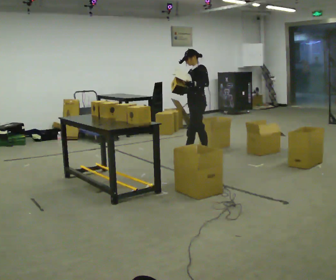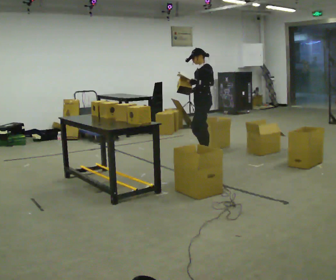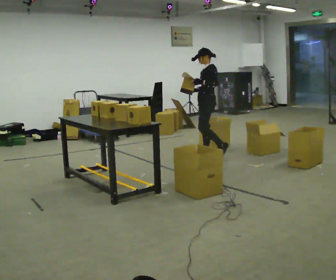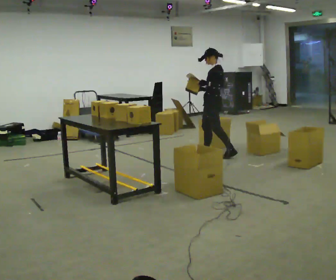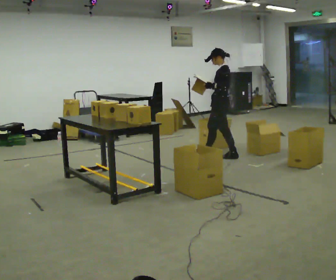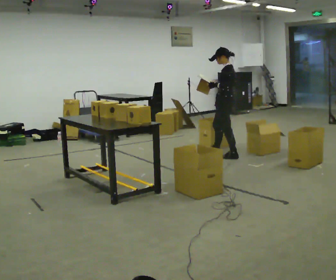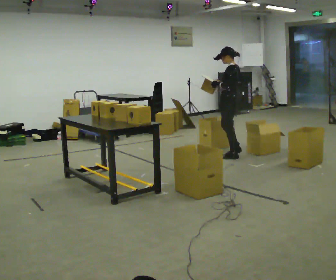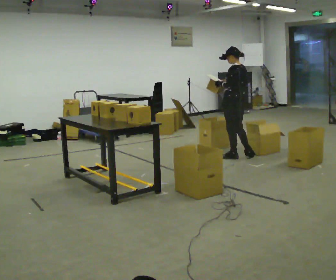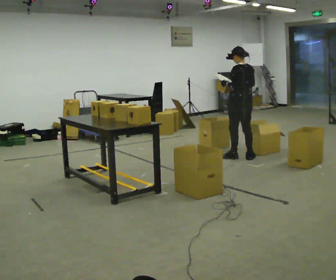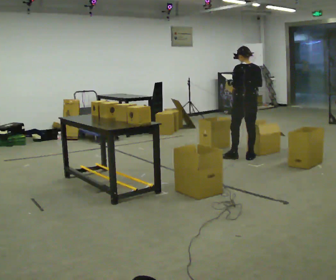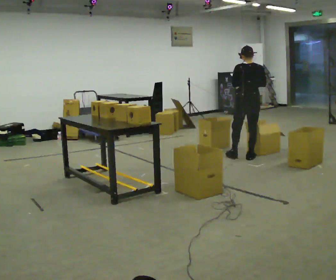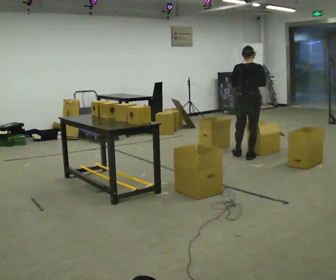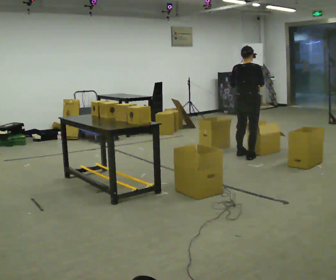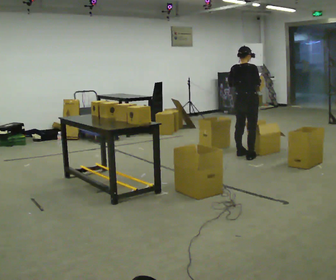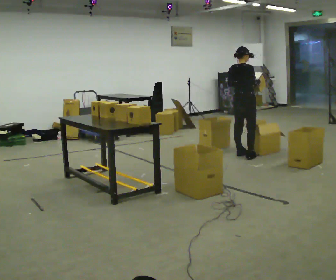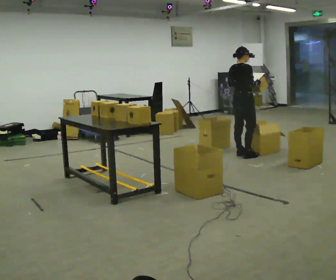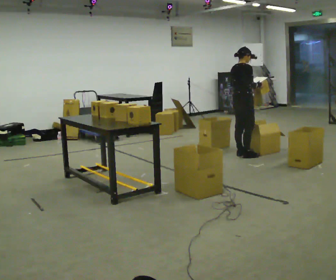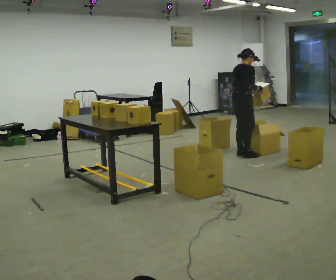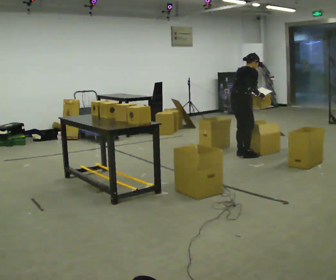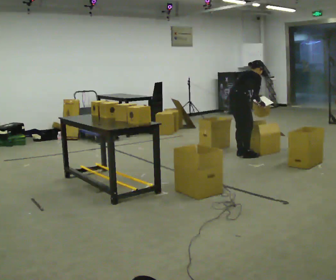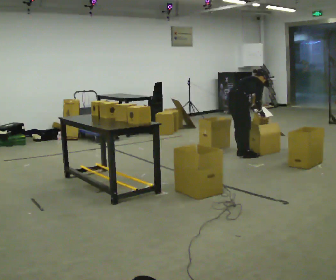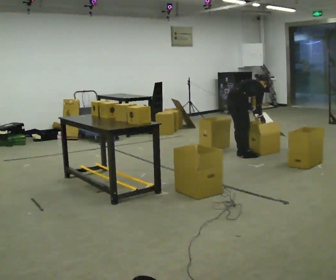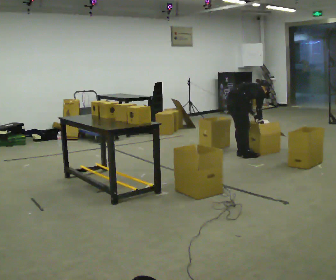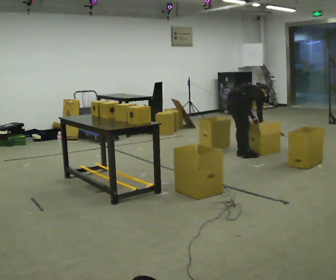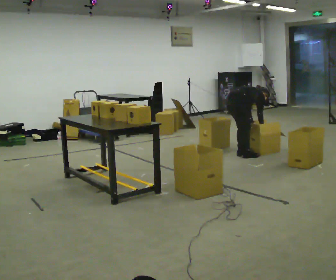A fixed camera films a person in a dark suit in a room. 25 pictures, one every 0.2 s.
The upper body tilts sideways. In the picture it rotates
clockwise.
Their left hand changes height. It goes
downward.
0.0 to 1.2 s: The person turns about 45 degrees to their right, clockwise seen from above, so the part of the body nearest the lens slides to the left. In the picture they go to the right, about 0.5 m in 2 steps, which for them is backward.
1.2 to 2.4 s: The part of the body nearest the lens slides to the left as the person turns to their right by about 90 degrees. In the picture they go to the right, about 0.25 m.
2.4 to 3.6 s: The part of the body nearest the lens slides to the left as the person turns to their right by about 30 degrees. In the picture the upper body tilts clockwise, shoulders to the right, as they bend forward.
3.6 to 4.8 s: The shoulders move downward. In the picture the upper body tilts clockwise, shoulders to the right, as they bend forward. In the picture their left hand goes downward.
The film runs backward here.
